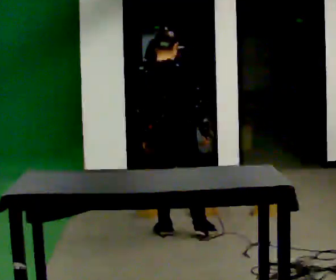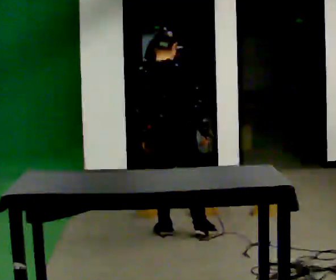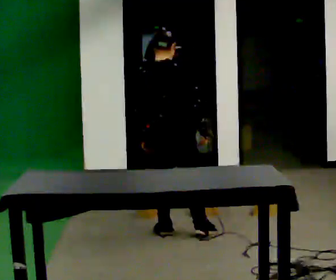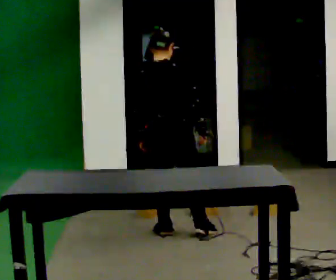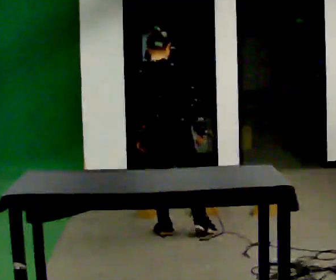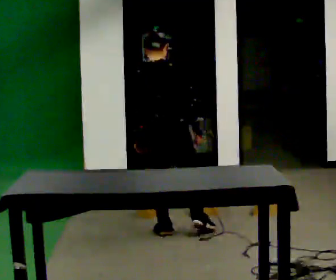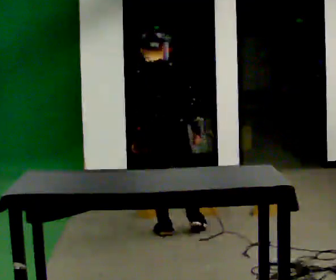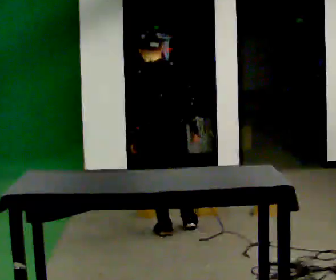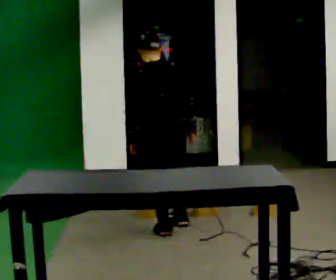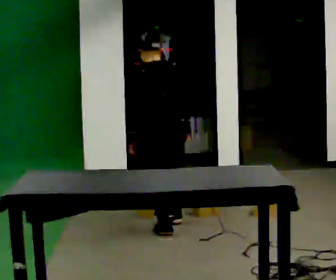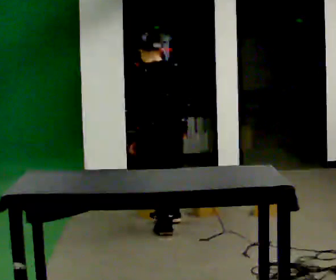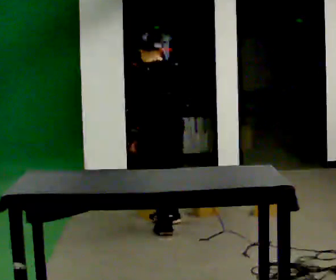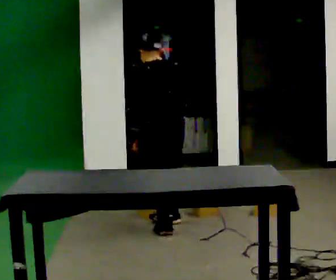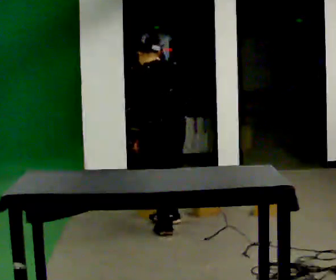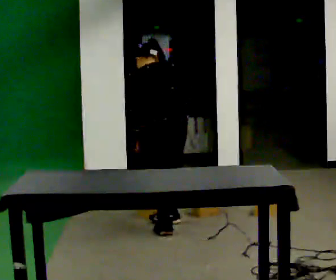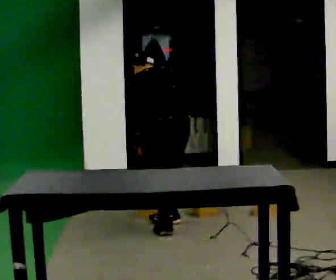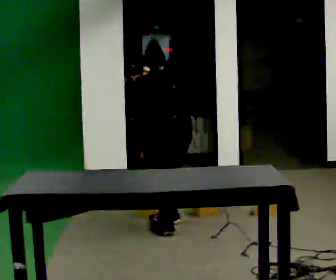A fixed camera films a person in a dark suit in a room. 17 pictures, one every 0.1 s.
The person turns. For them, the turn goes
to their left.
The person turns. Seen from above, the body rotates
counterclockwise.
0.0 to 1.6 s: Seen from above the body turns counterclockwise, about 75 degrees: to their left, with its near side sliding to the right. The upper body tips away from the camera, its near side rolling upward, as they bend forward.
The film runs forward here.
